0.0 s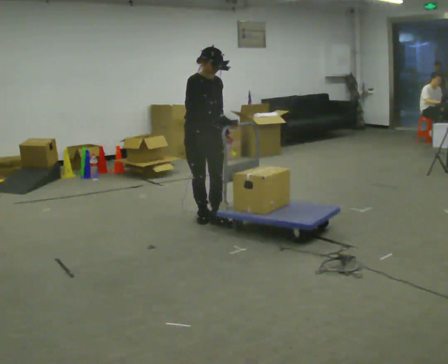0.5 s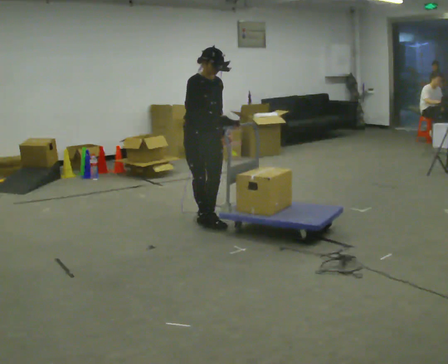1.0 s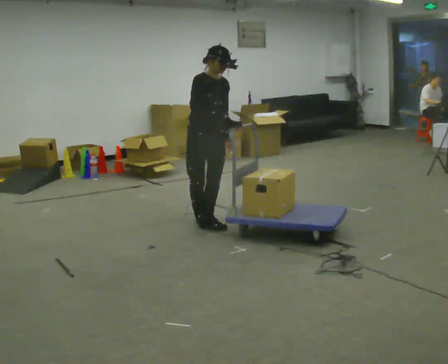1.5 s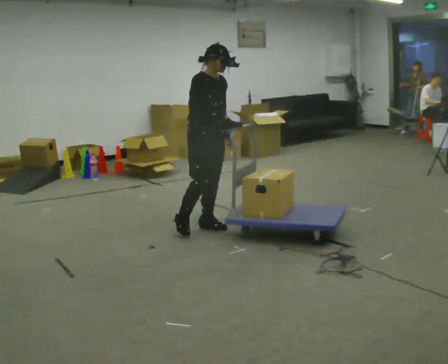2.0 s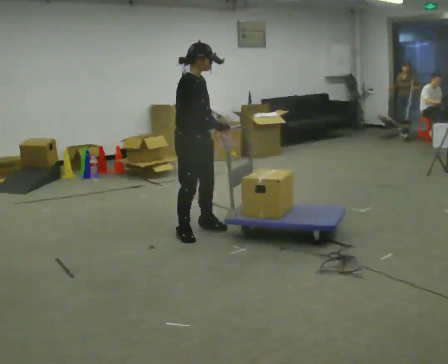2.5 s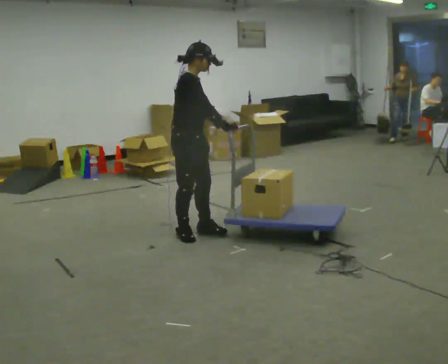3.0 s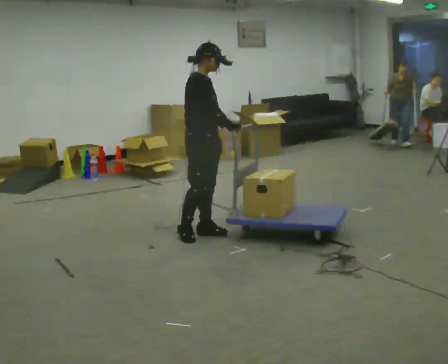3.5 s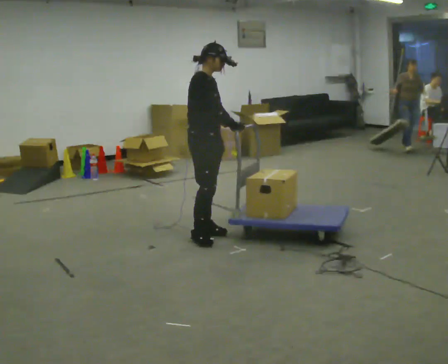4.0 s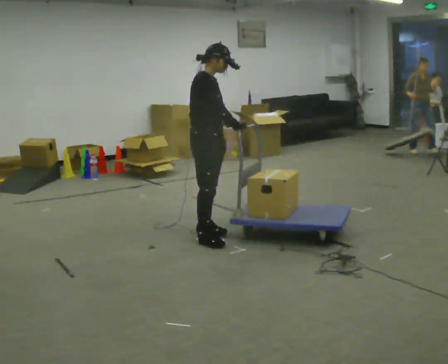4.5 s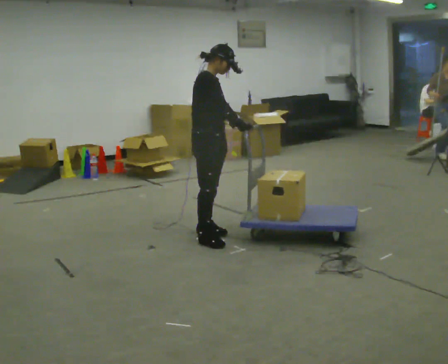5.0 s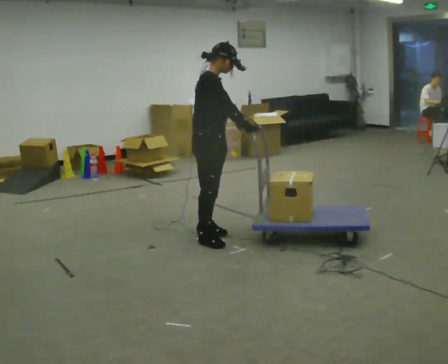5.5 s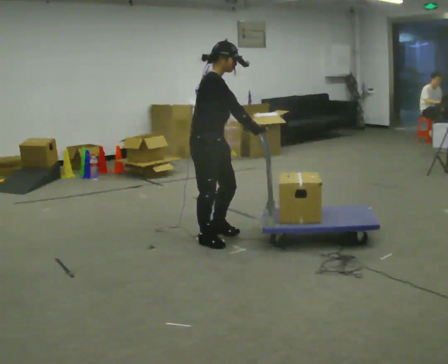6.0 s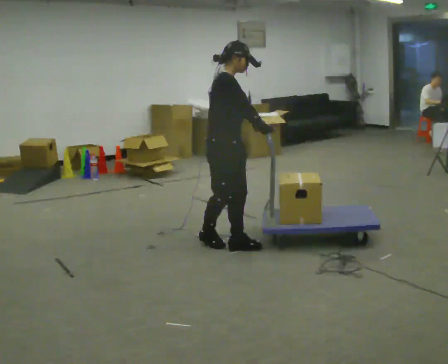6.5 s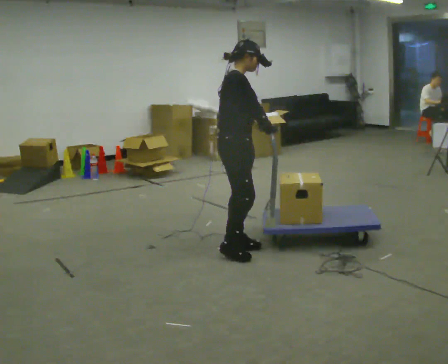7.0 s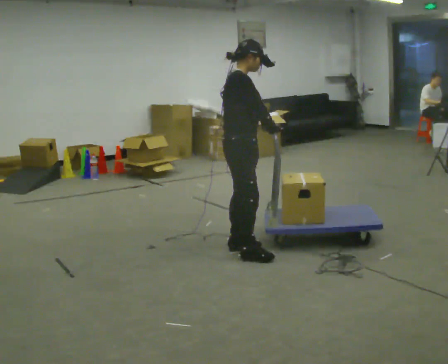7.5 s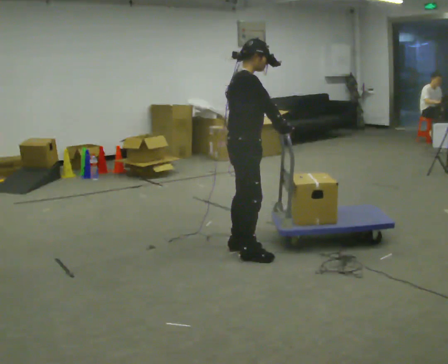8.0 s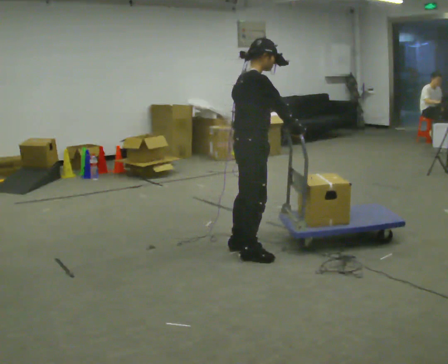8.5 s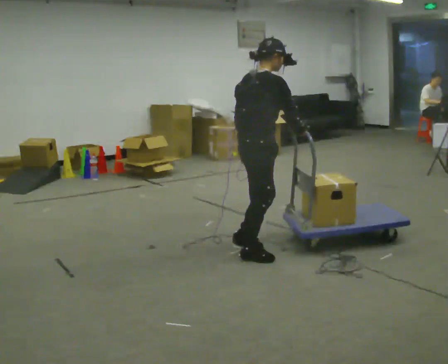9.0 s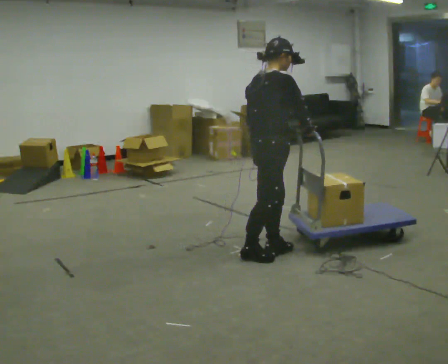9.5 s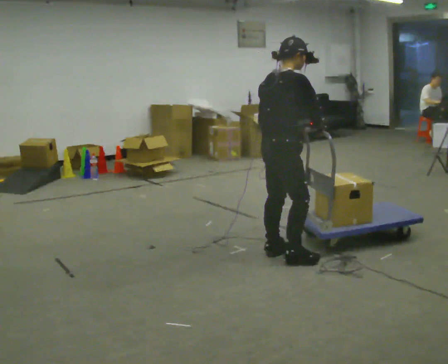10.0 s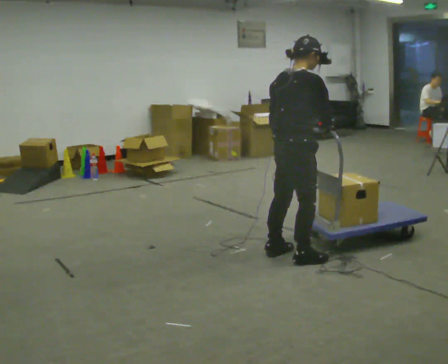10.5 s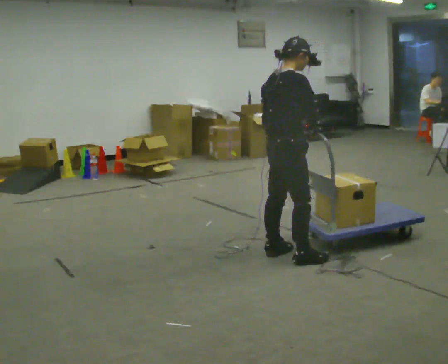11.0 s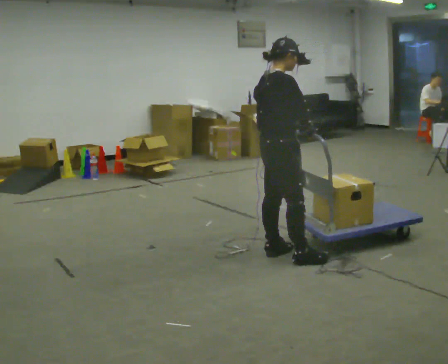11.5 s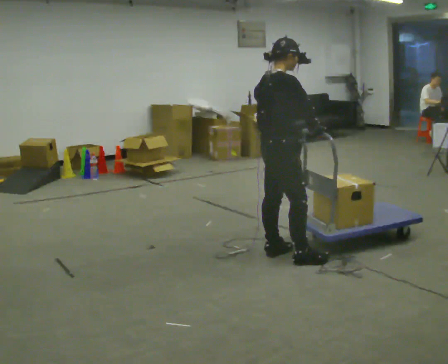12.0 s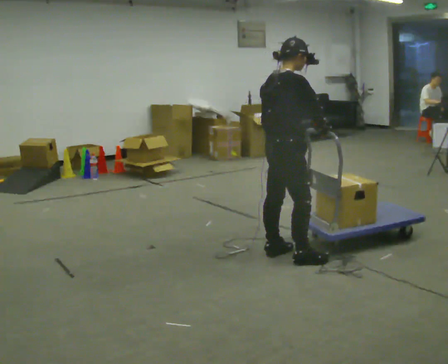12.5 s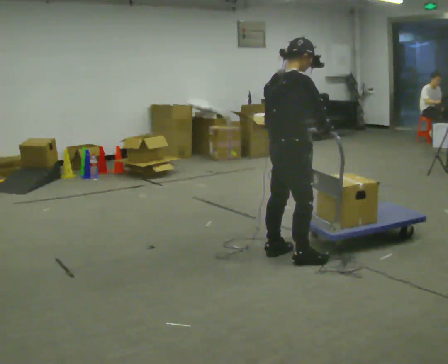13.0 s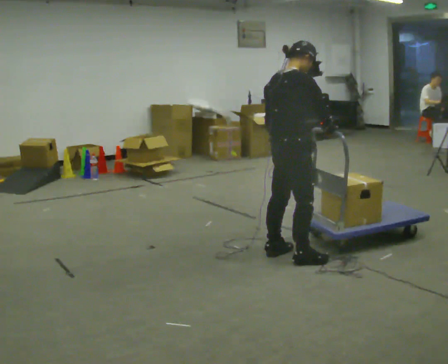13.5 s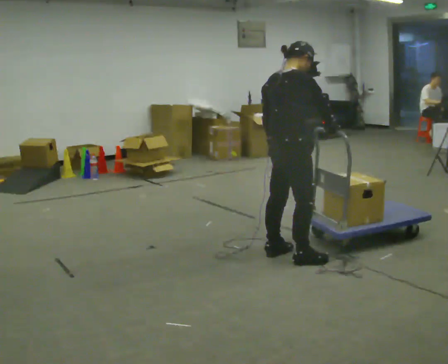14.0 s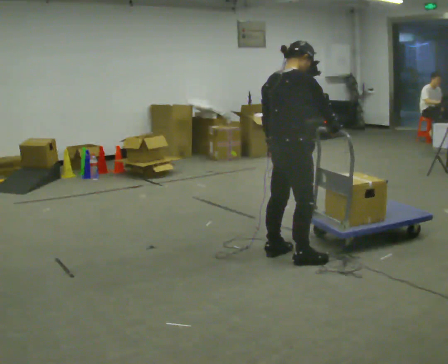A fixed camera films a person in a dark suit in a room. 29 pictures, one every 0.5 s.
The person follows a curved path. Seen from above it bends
counterclockwise.
0.0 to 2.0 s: The person turns about 30 degrees to their left, counterclockwise seen from above, so the part of the body nearest the lens slides to the right. In the picture they go toward the camera, about 0.5 m in 2 steps, which for them is forward and to their right.
2.0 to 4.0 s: The person moves a little, or ends about where they began.
4.0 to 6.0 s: In the picture they go toward the camera and to the right, about 0.25 m in 1 step, which for them is to their right and forward.
6.0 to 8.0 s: In the picture they go to the right and toward the camera, about 0.25 m in 1 step, which for them is forward and to their right.
8.0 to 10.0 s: In the picture they go to the right, about 0.25 m in 2 steps, which for them is forward and to their right.
10.0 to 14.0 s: The person moves a little, or ends about where they began.
The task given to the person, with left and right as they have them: Push the cart across the room using only the hand the operator calls. Keep your other arm at your side.
The film runs forward here.
